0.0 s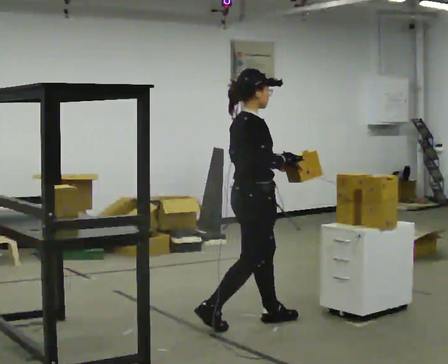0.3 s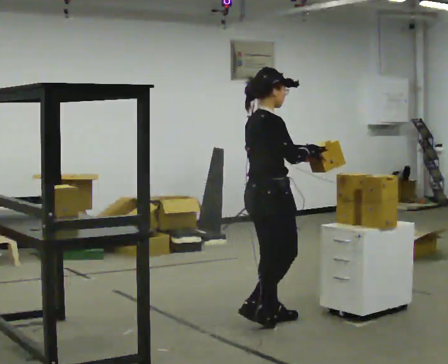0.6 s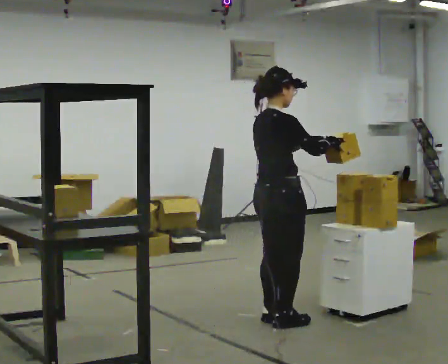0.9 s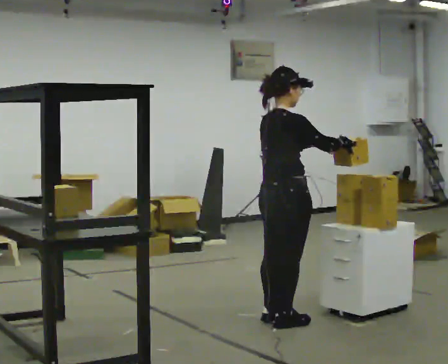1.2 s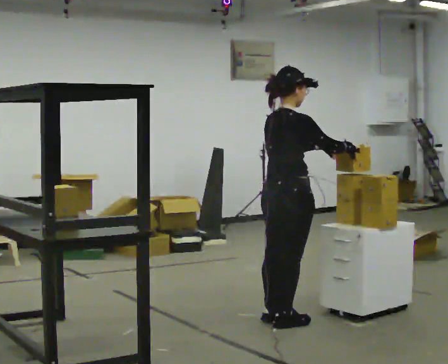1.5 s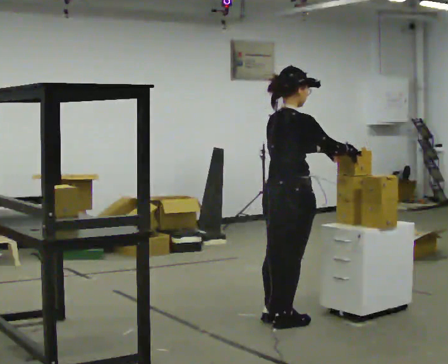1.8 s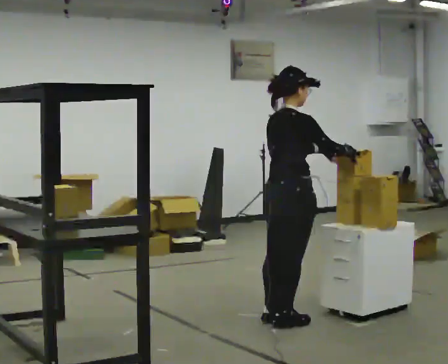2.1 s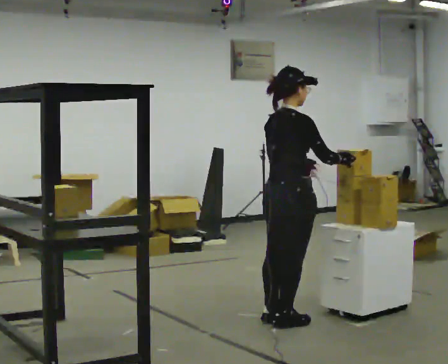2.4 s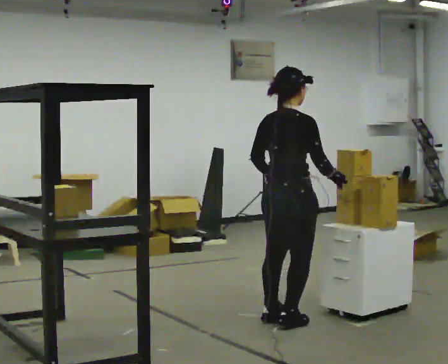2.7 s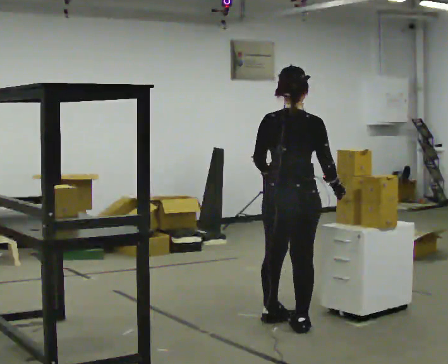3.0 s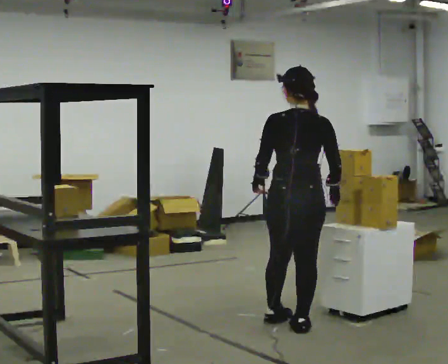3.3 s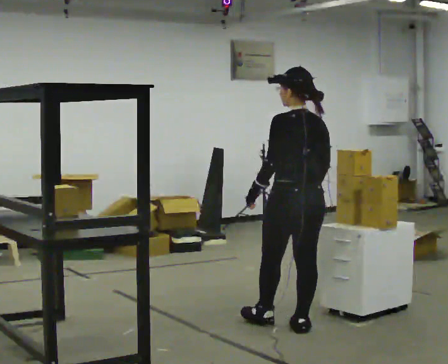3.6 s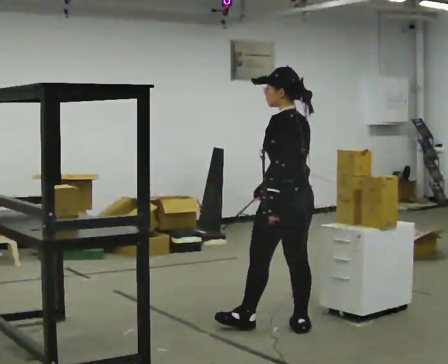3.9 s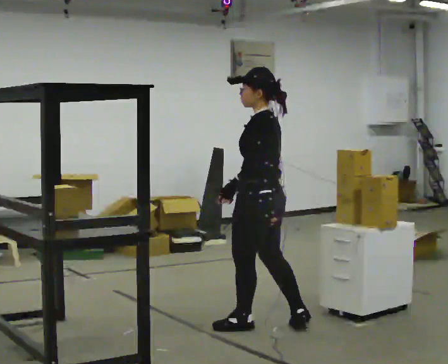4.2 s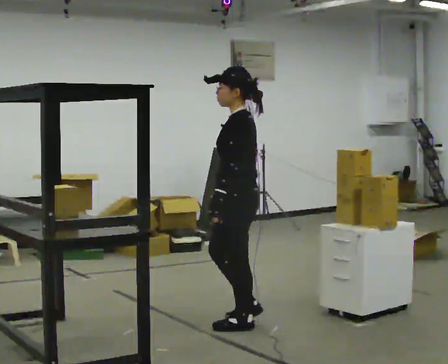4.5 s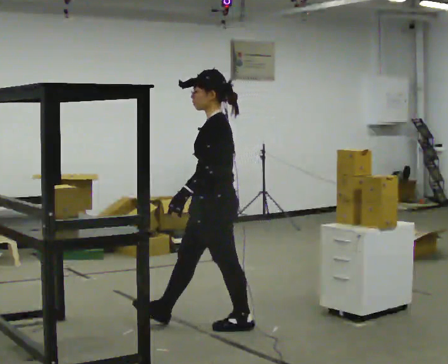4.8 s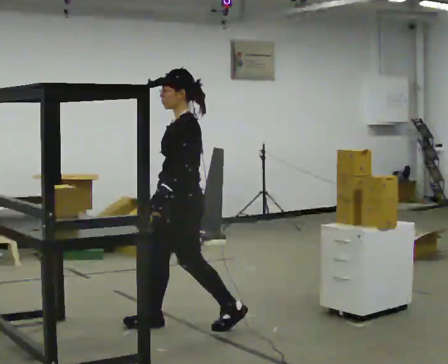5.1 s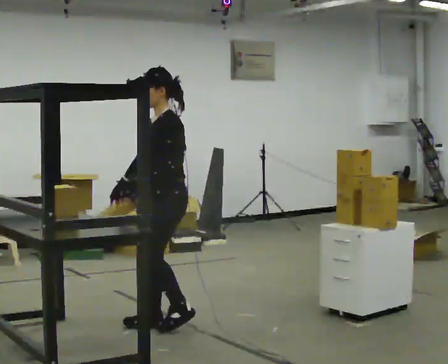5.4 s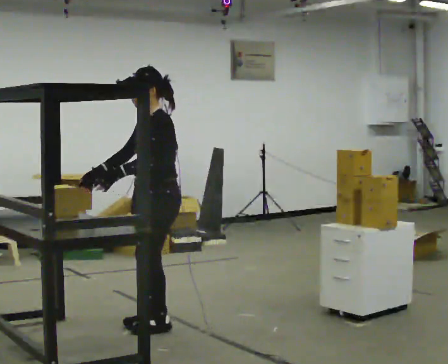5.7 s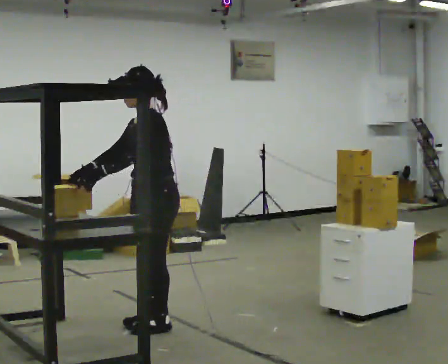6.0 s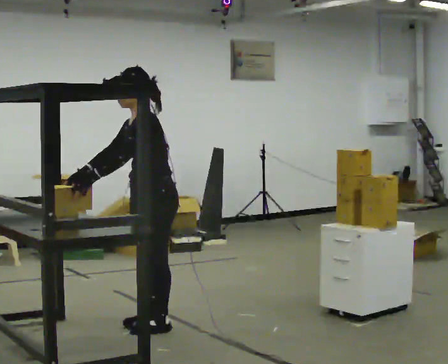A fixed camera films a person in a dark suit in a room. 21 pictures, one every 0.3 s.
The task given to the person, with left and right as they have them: Move objects one at a time from the waist-height shelf at one end of the room to the waist-height shelf at the other end. Keep going until the operator says stop; one object at a time, and do not rush between trips.
0.0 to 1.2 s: In the picture they go to the right, about 0.25 m in 1 step, which for them is forward. In the picture their right hand goes to the right.
1.2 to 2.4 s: In the picture their left hand goes to the left.
2.4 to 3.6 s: The person turns about 90 degrees to their left, counterclockwise seen from above, so the part of the body nearest the lens slides to the right. In the picture their right hand goes to the left, the arm swinging clockwise.
3.6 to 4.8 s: Seen from above the body turns counterclockwise, about 60 degrees: to their left, with its near side sliding to the right. In the picture they go to the left, about 0.75 m in 1 step, which for them is forward.
4.8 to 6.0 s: In the picture the upper body tilts counterclockwise, shoulders to the left, as they bend forward. In the picture their right hand goes to the left.
The film runs forward here.
